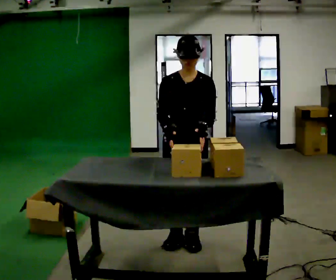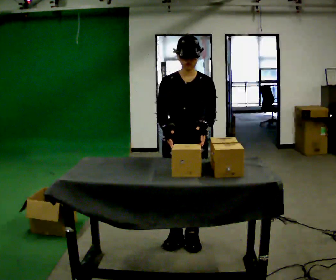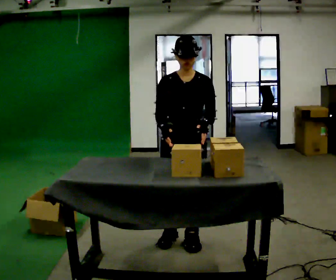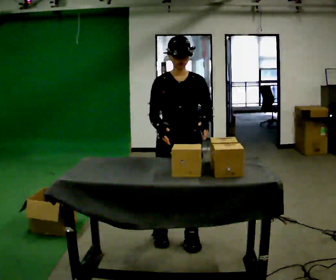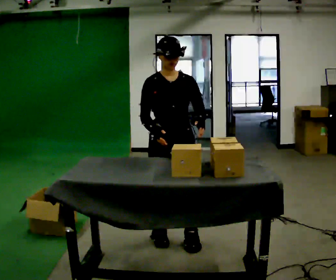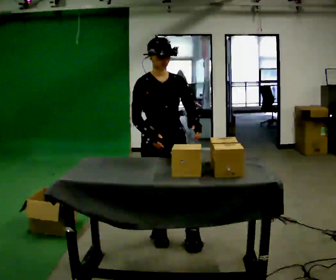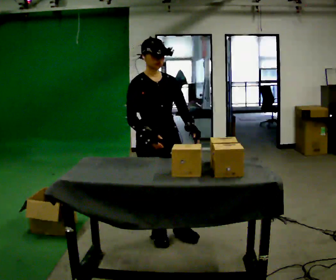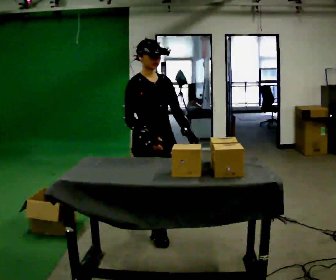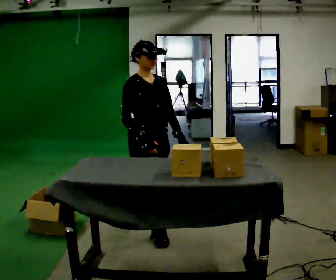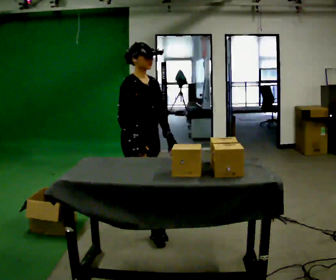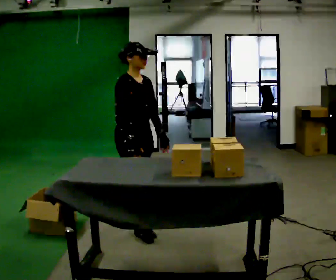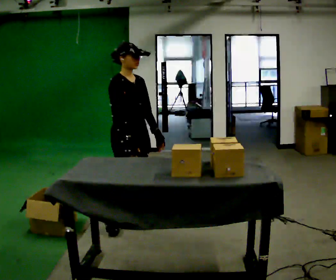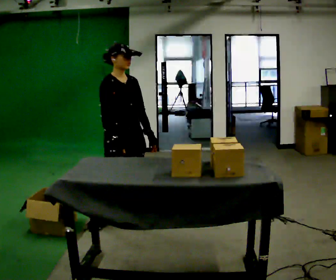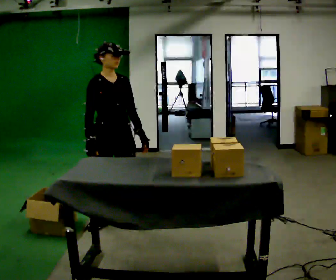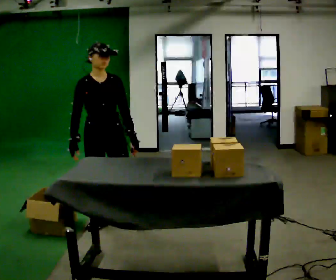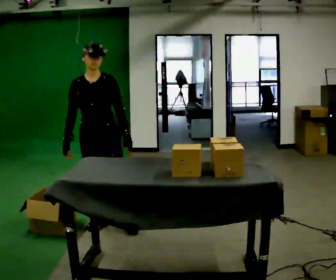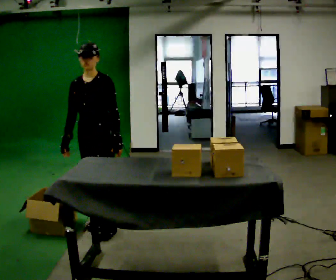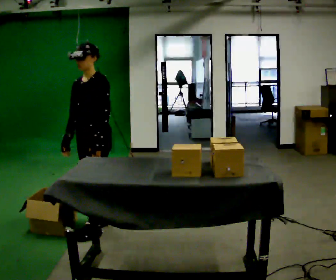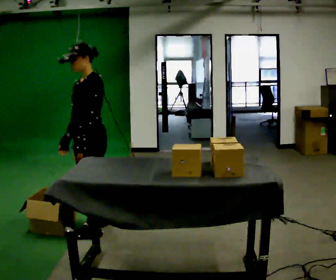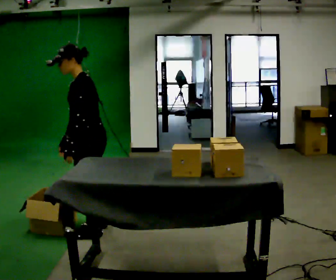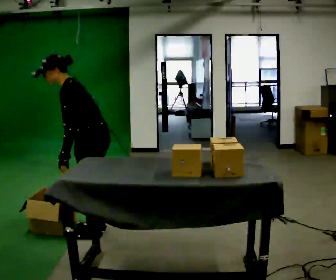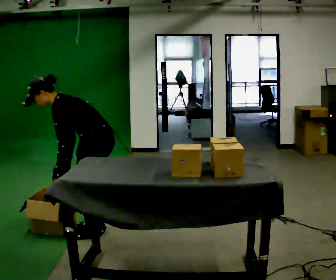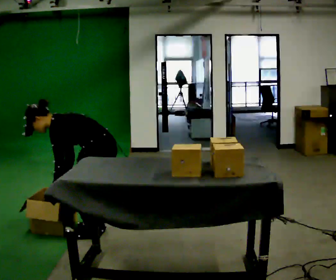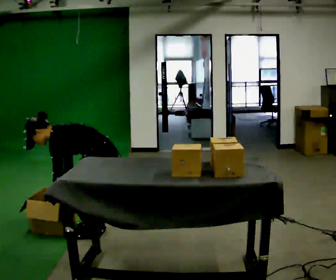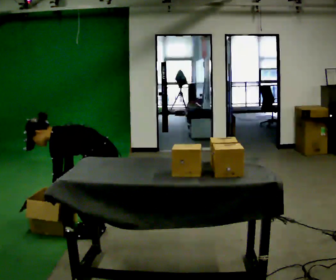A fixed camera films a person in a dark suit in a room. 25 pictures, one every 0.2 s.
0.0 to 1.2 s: The part of the body nearest the lens slides to the right as the person turns to their left by about 30 degrees. In the picture they go to the left, about 0.25 m in 2 steps, which for them is to their right.
1.2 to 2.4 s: In the picture they go away from the camera and to the left, about 0.5 m in 1 step, which for them is backward.
2.4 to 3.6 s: Seen from above the body turns clockwise, about 105 degrees: to their right, with its near side sliding to the left. In the picture they go to the left, about 0.25 m in 1 step.
3.6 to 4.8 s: The part of the body nearest the lens slides to the left as the person turns to their right by about 30 degrees. The upper body goes downward. In the picture the upper body tilts counterclockwise, shoulders to the left, as they bend forward. In the picture their left hand goes downward and to the left.
The film runs backward here.
